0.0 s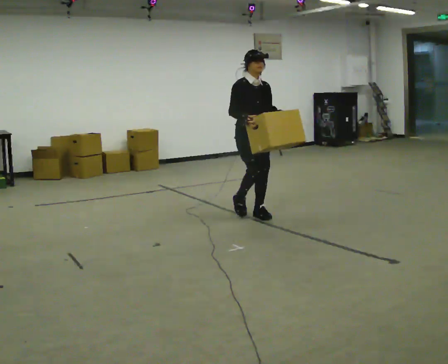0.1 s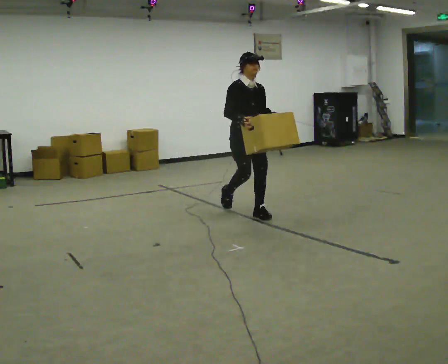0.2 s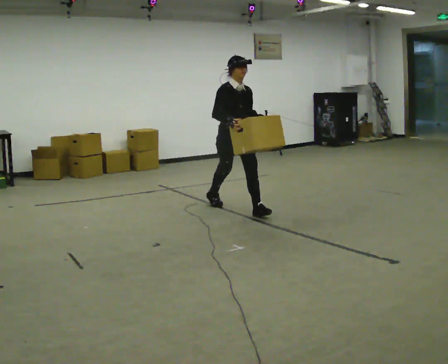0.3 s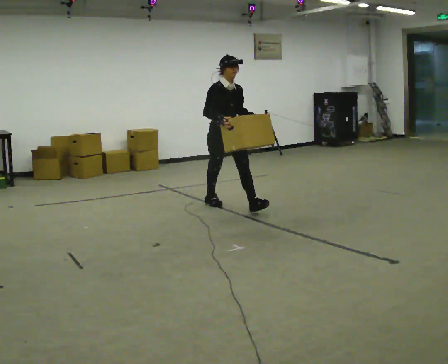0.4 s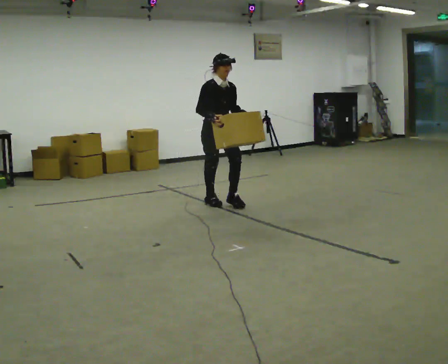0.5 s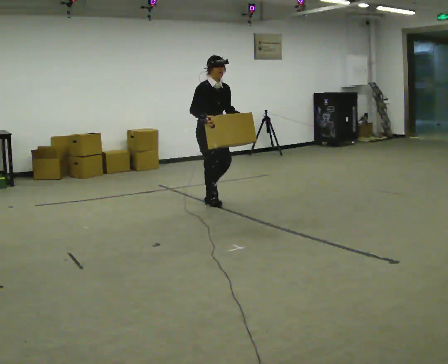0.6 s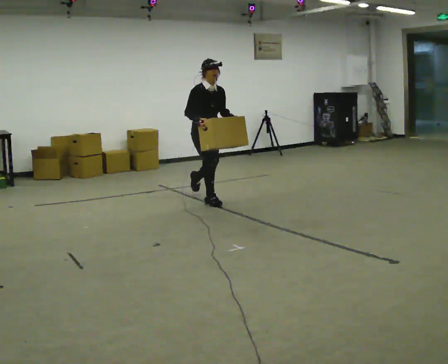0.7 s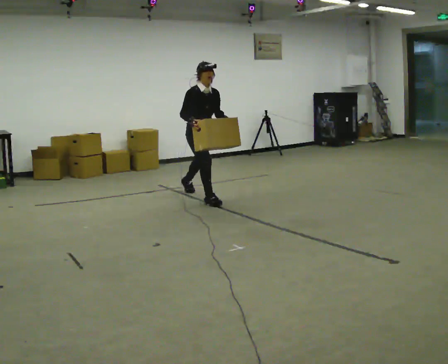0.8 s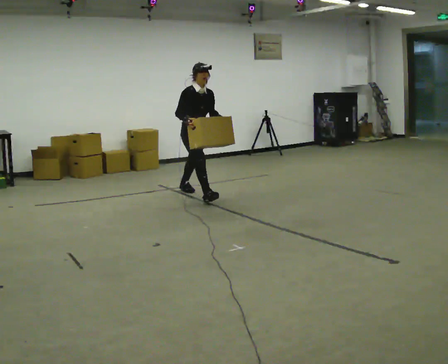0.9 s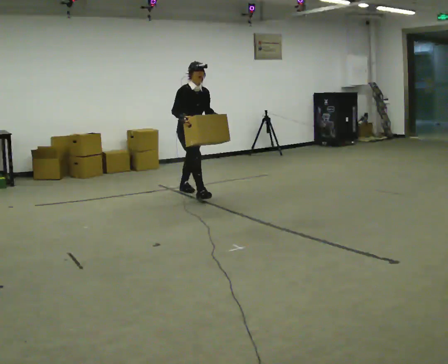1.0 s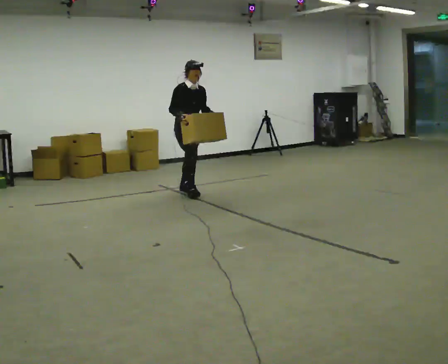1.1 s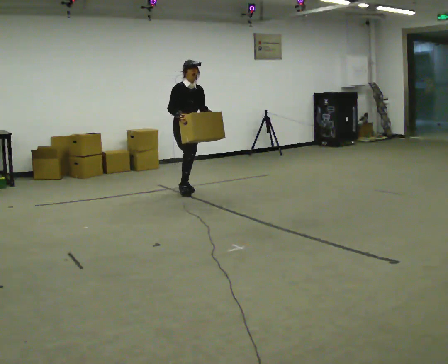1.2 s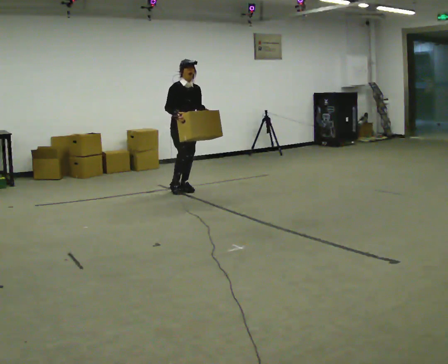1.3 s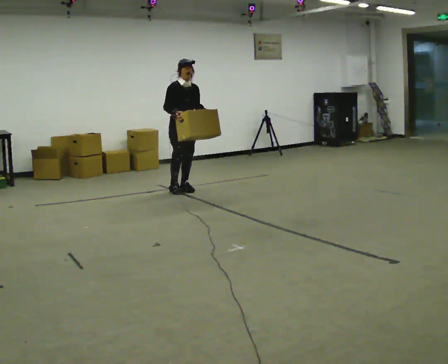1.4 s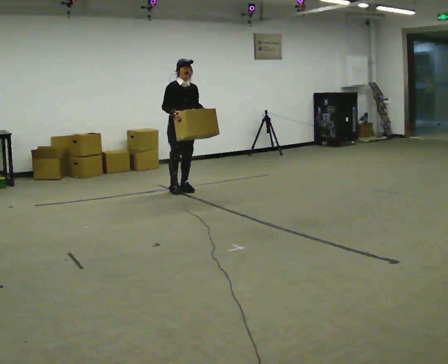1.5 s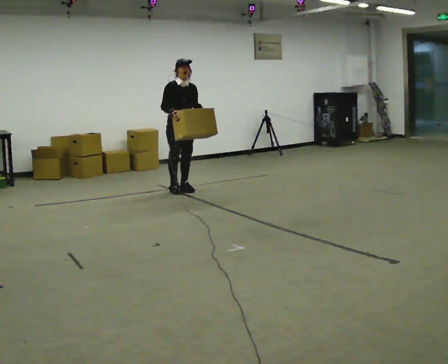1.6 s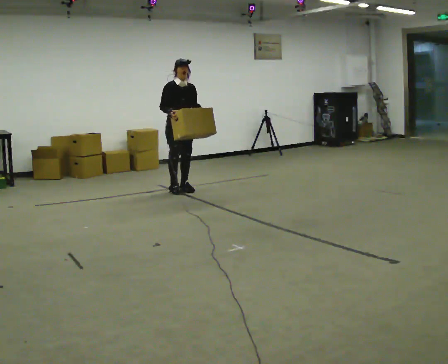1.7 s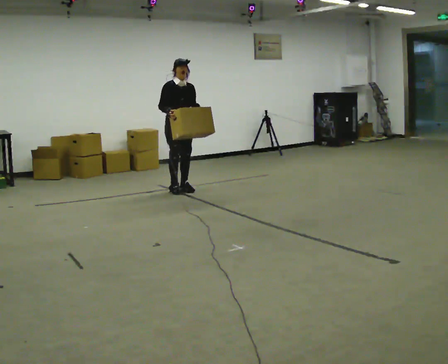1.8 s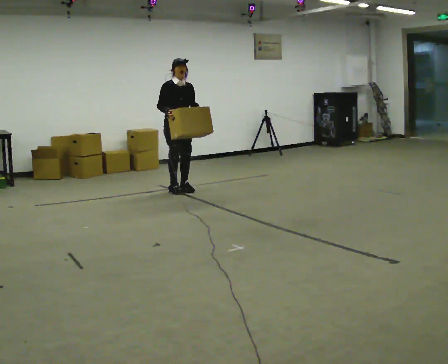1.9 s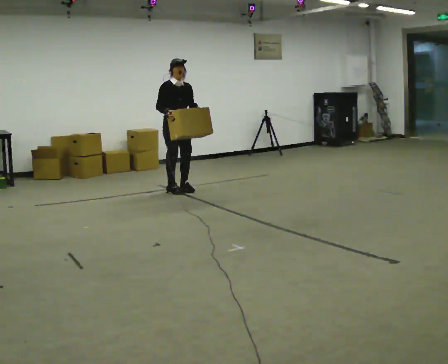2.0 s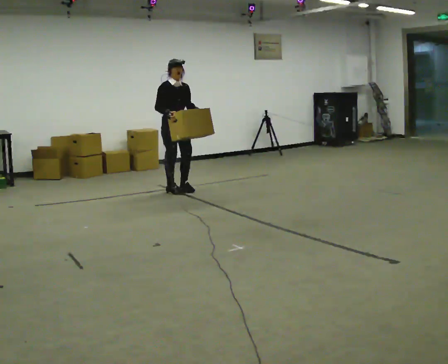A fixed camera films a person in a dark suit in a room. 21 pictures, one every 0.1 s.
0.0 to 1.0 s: In the picture they go away from the camera and to the left, about 1.5 m in 2 steps, which for them is backward.
1.0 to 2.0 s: In the picture they go to the left, about 0.25 m, which for them is backward and to their right.
The film runs backward here.
